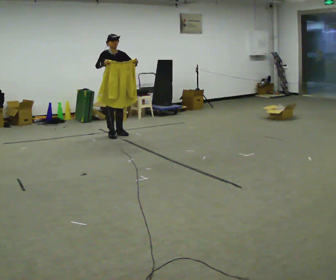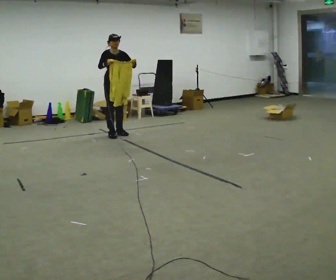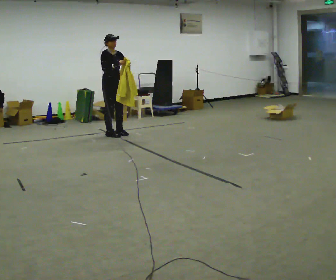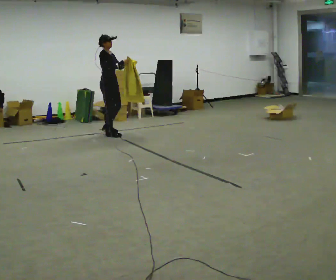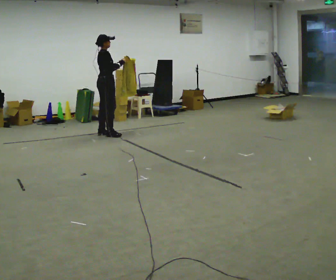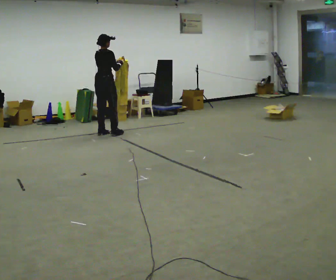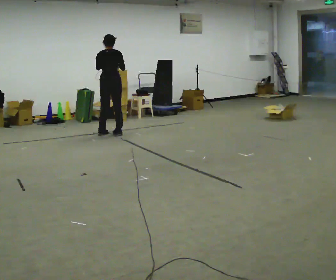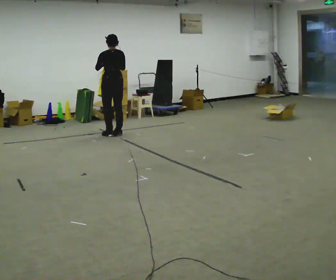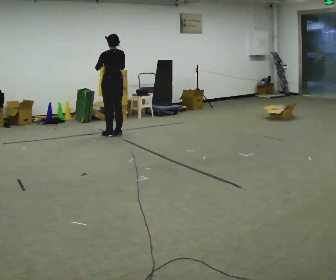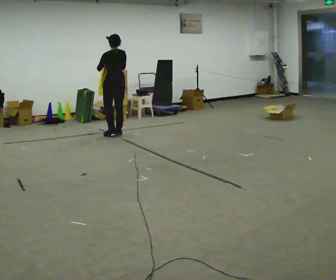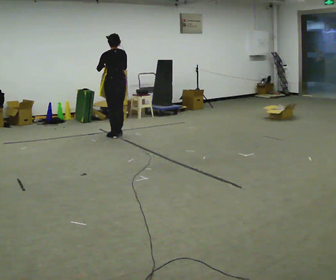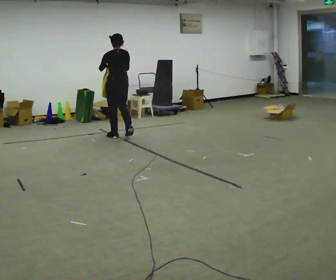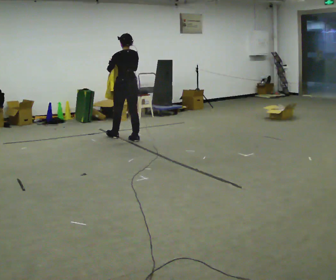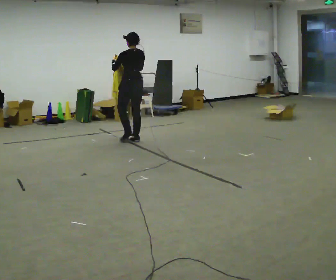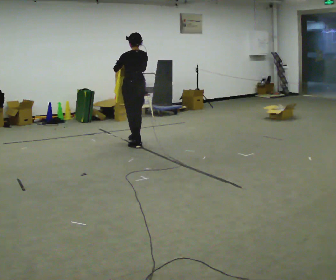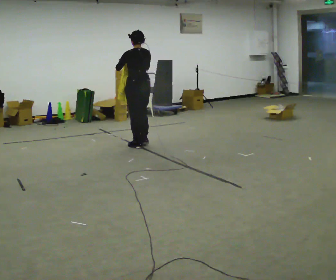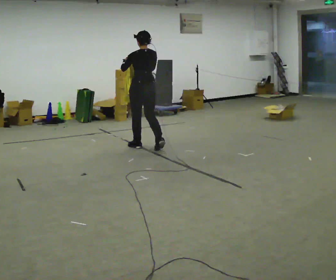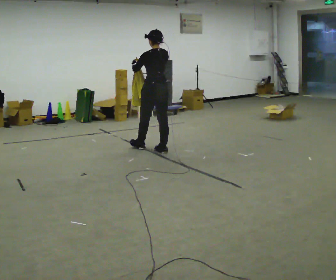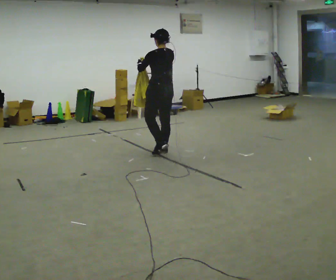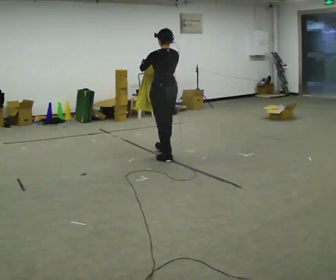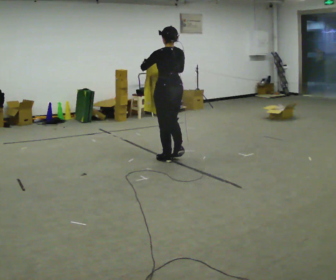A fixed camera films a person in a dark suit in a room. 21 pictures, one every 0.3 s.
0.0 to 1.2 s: The person turns about 75 degrees to their left, counterclockwise seen from above, so the part of the body nearest the lens slides to the right. In the picture they go to the left, about 0.25 m in 1 step.
1.2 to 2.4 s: The person turns about 105 degrees to their left, counterclockwise seen from above, so the part of the body nearest the lens slides to the right. In the picture their left hand goes to the left.
2.4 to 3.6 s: In the picture they go toward the camera and to the right, about 0.5 m in 1 step, which for them is backward.
3.6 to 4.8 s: In the picture they go toward the camera and to the right, about 0.5 m in 2 steps, which for them is backward.
4.8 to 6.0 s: In the picture they go toward the camera and to the right, about 0.75 m in 2 steps, which for them is backward.
The film runs backward here.
